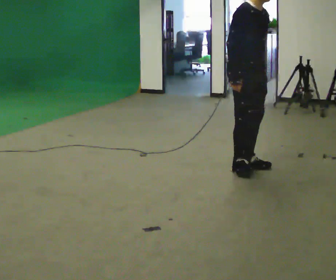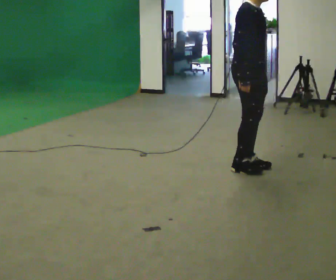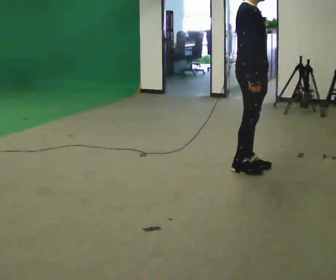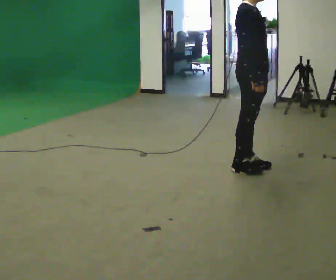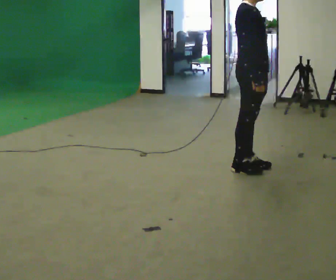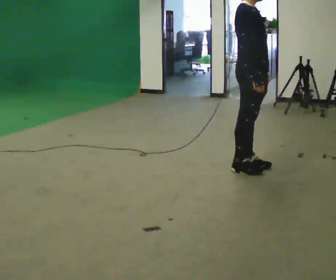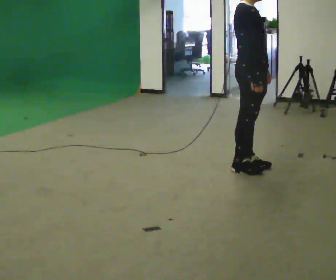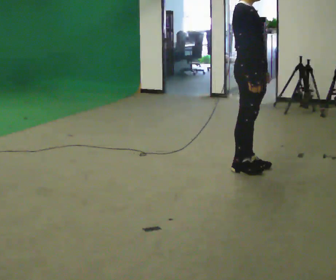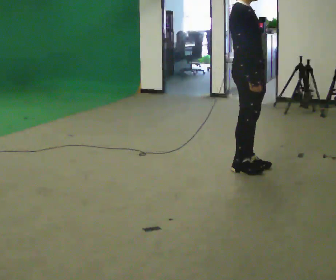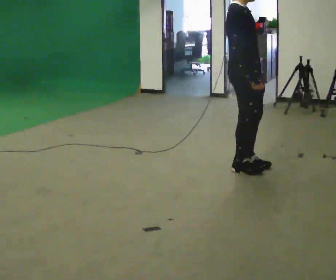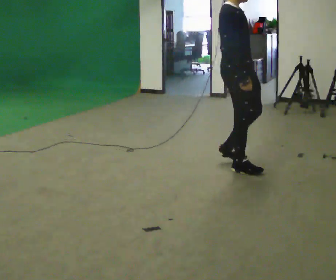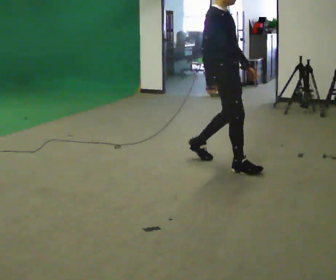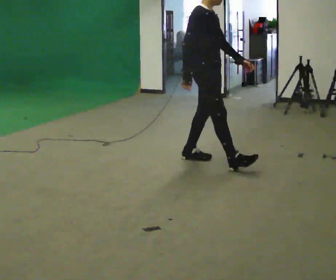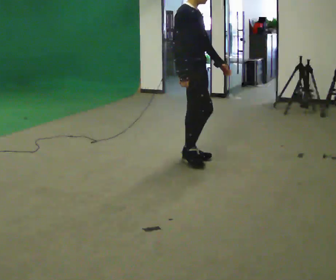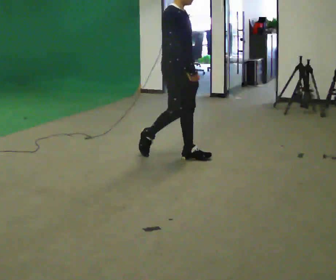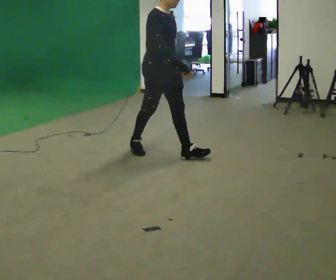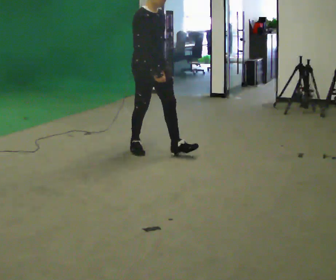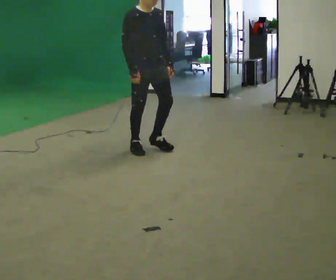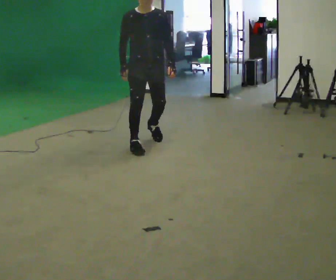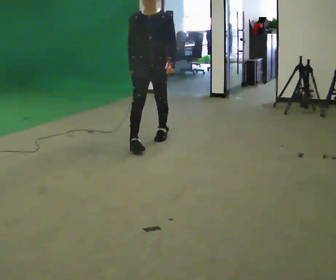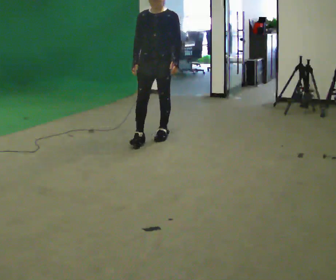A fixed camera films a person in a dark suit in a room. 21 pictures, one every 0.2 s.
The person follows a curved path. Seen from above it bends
clockwise.
0.0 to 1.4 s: The part of the body nearest the lens slides to the right as the person turns to their left by about 30 degrees. In the picture the upper body tilts counterclockwise, shoulders to the left, as they lean back or straighten.
1.4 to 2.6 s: In the picture they go to the left and away from the camera, about 0.5 m in 2 steps, which for them is backward.
2.6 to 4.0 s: The part of the body nearest the lens slides to the left as the person turns to their right by about 75 degrees. In the picture they go away from the camera and to the left, about 1 m in 2 steps.
The film runs backward here.
